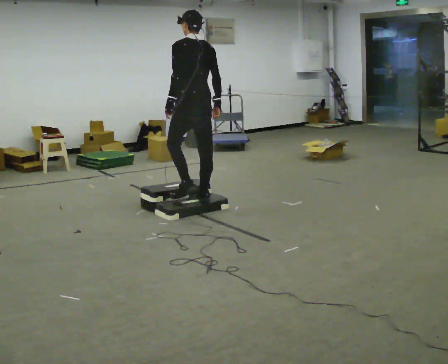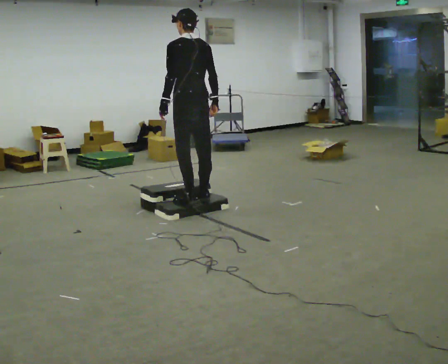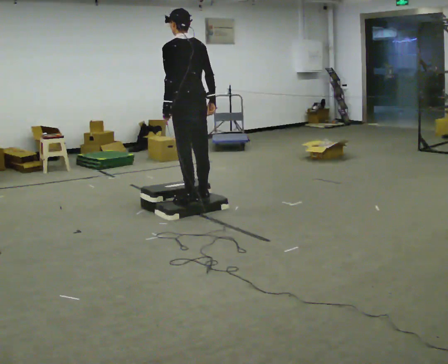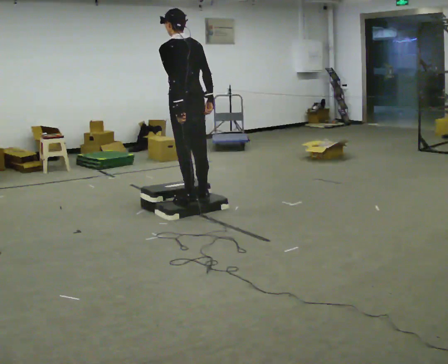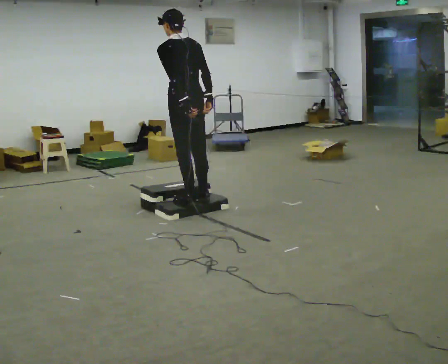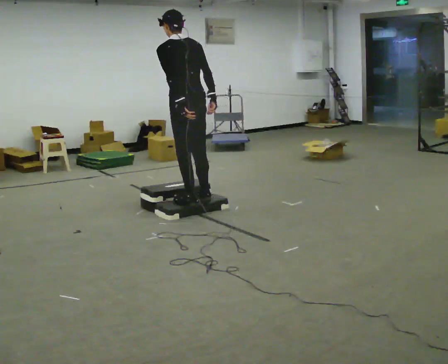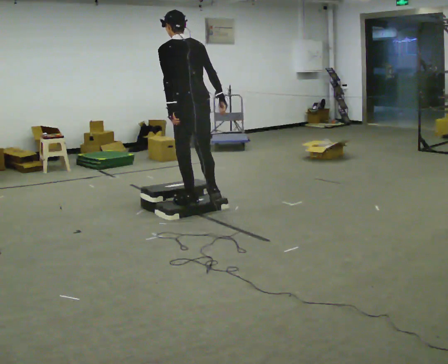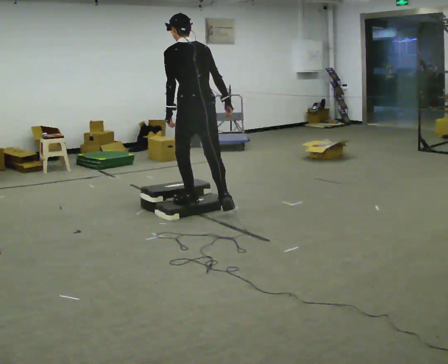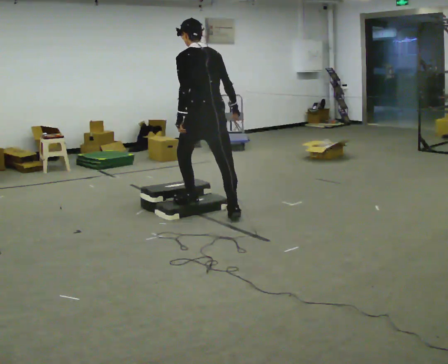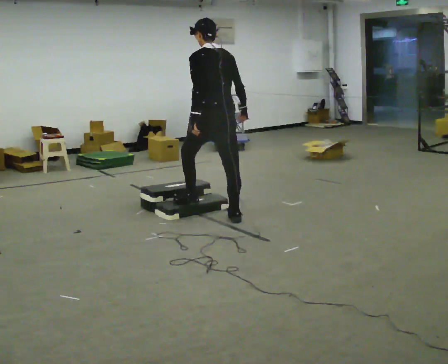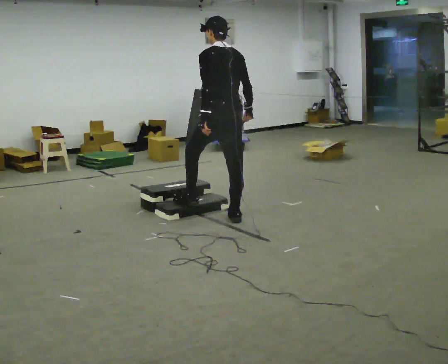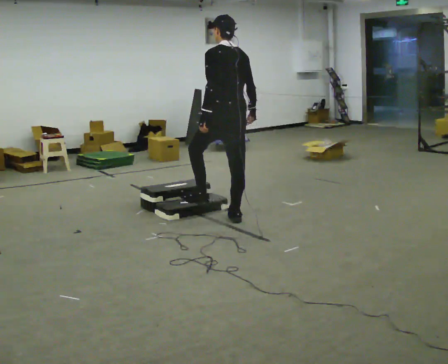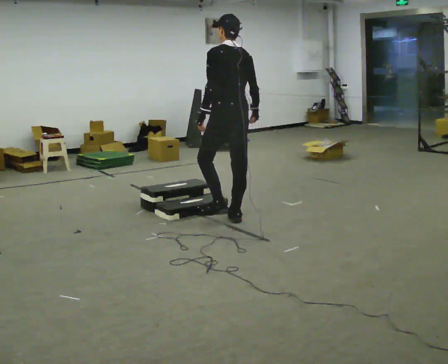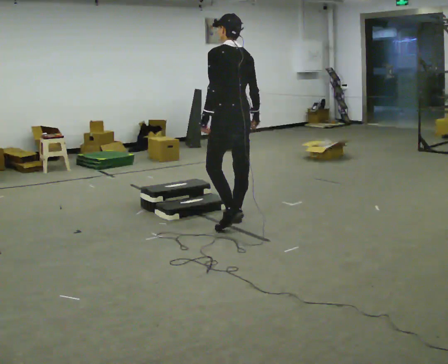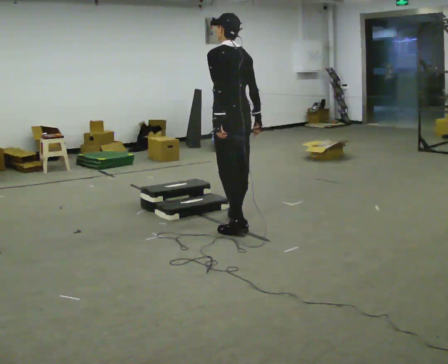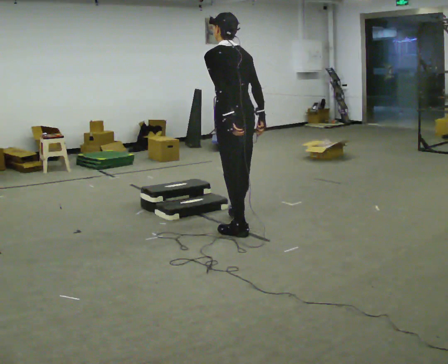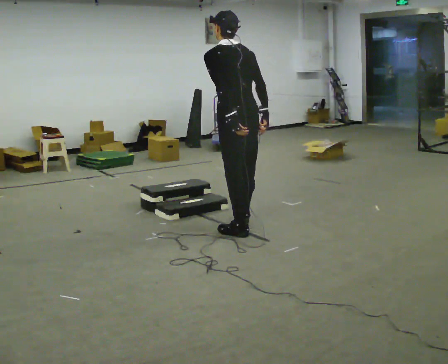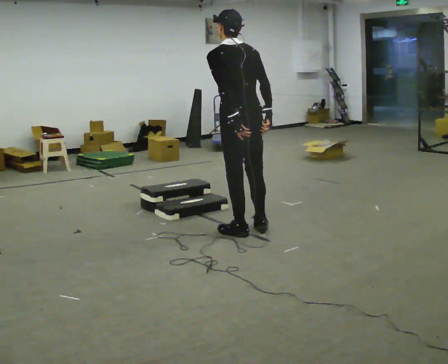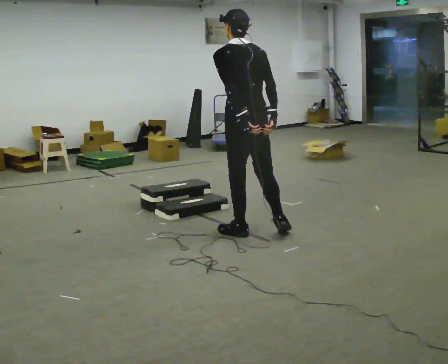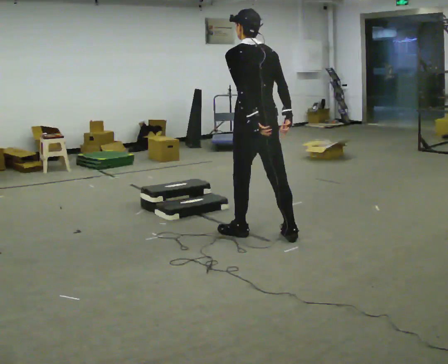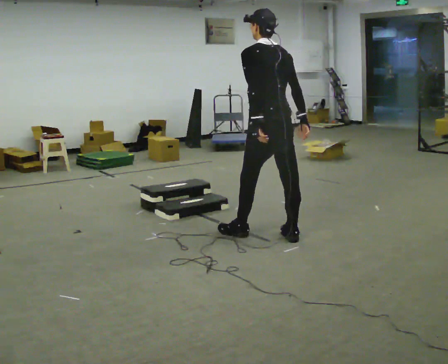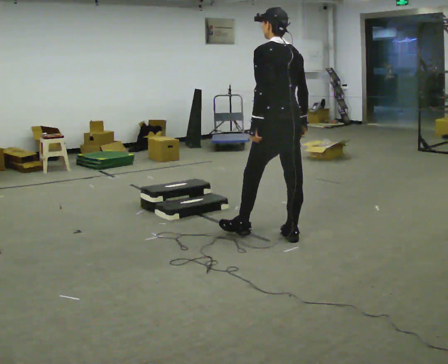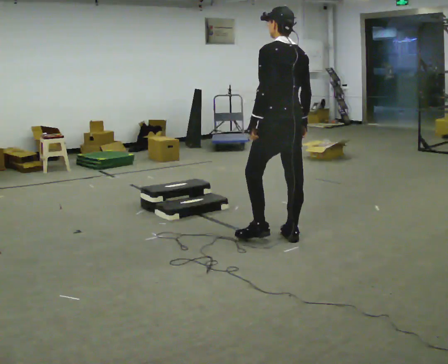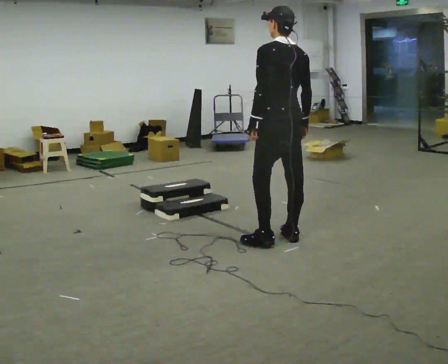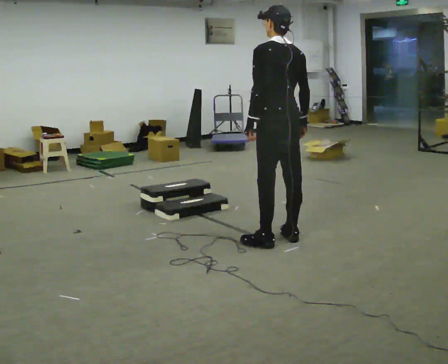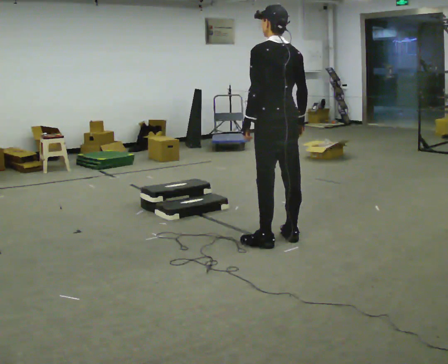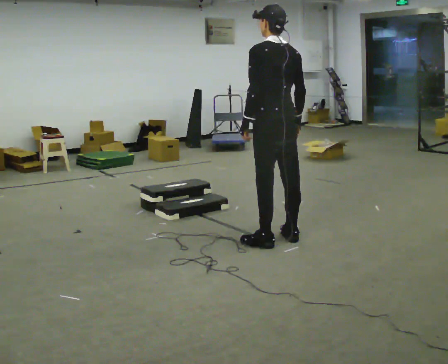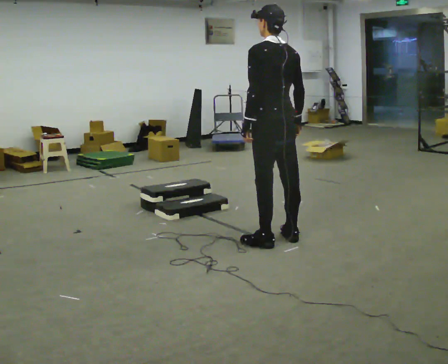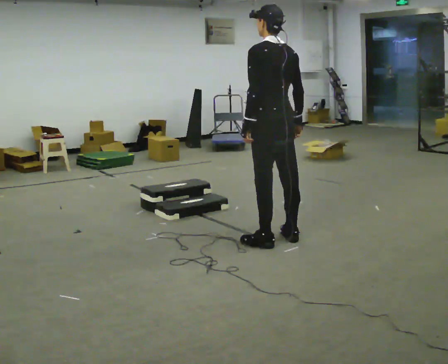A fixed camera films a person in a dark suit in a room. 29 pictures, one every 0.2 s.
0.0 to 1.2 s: The person moves a little, or ends about where they began.
1.2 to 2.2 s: In the picture they go to the right and toward the camera, about 0.25 m in 1 step, which for them is backward and to their right.
2.2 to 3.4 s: In the picture they go toward the camera, about 0.5 m in 1 step, which for them is backward and to their left.
3.4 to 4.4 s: In the picture they go to the right, about 0.25 m in 1 step, which for them is backward and to their right.
4.4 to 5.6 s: The person moves a little, or ends about where they began.
The film runs backward here.
